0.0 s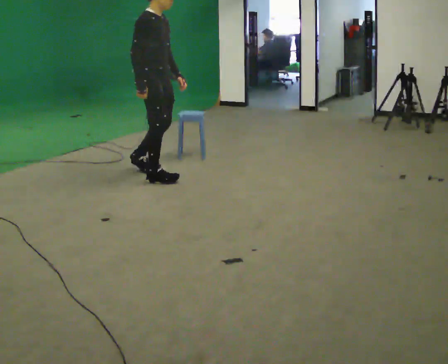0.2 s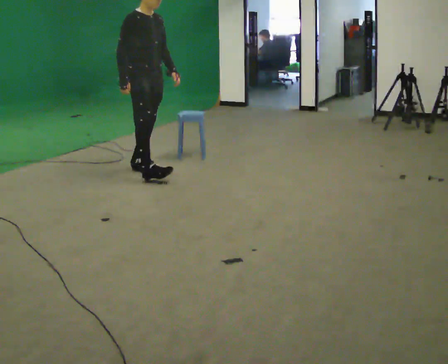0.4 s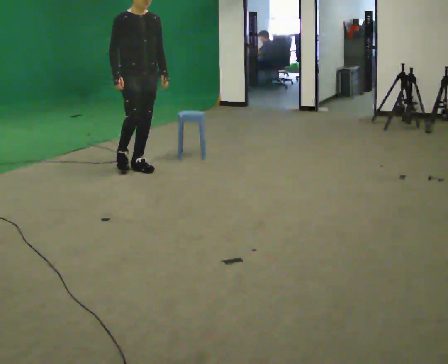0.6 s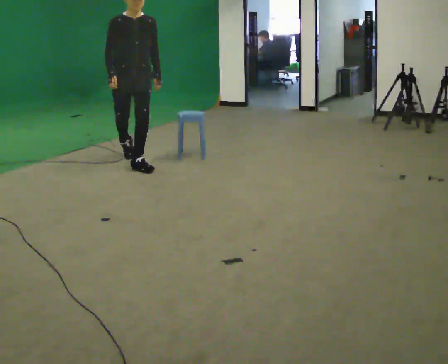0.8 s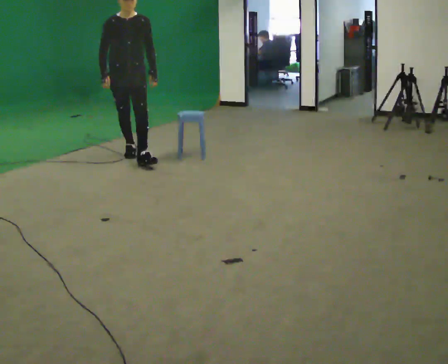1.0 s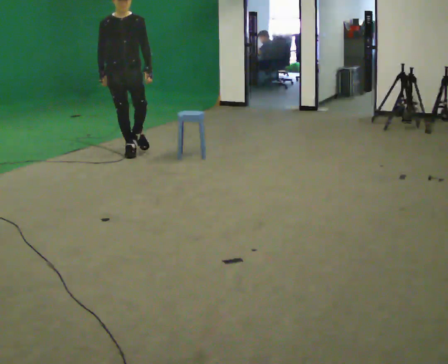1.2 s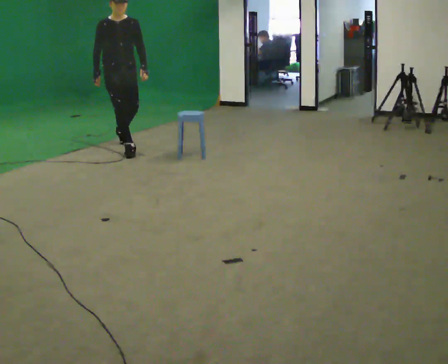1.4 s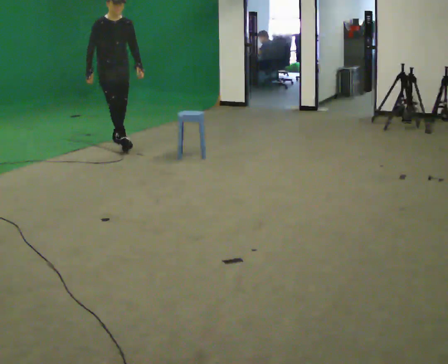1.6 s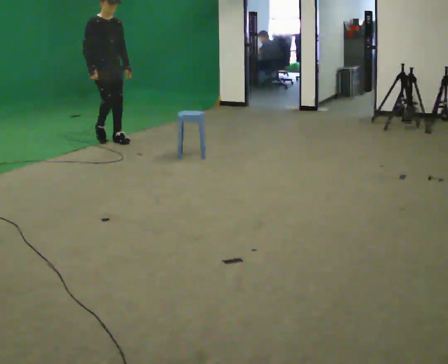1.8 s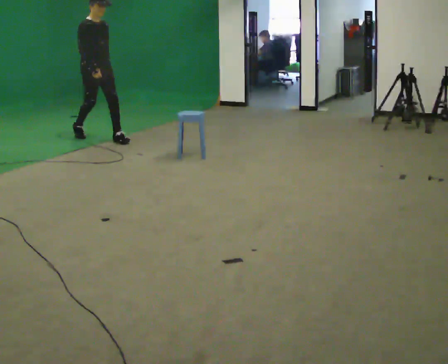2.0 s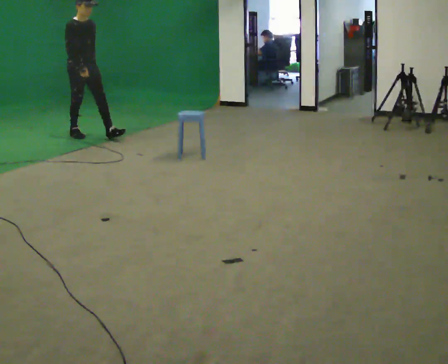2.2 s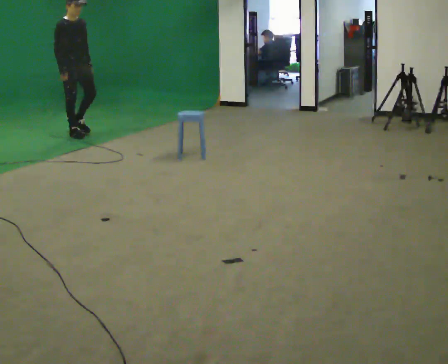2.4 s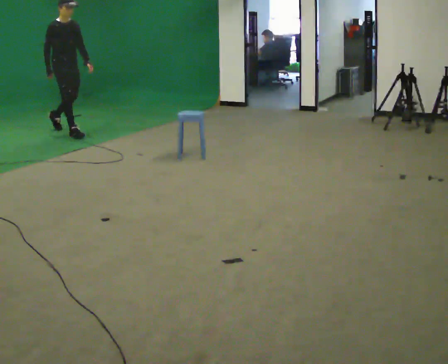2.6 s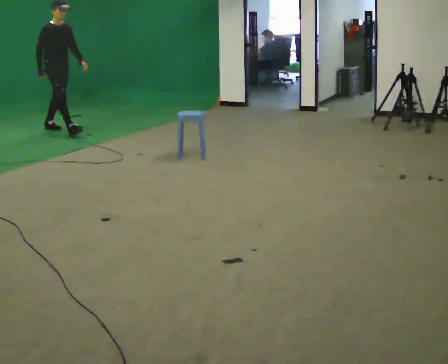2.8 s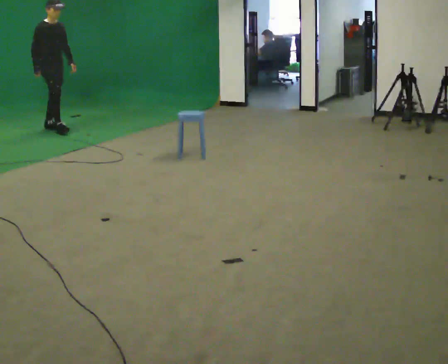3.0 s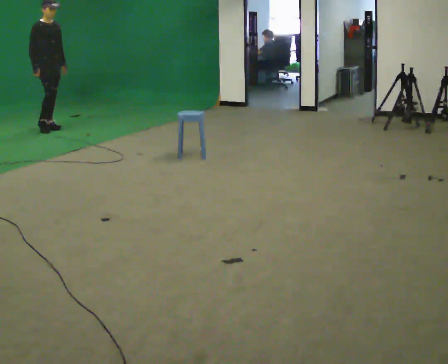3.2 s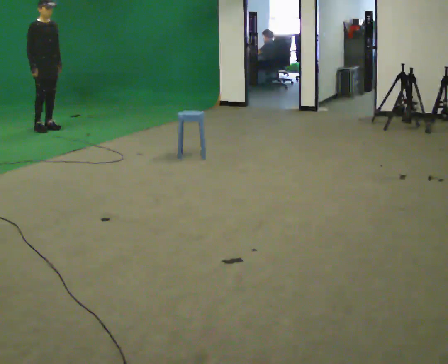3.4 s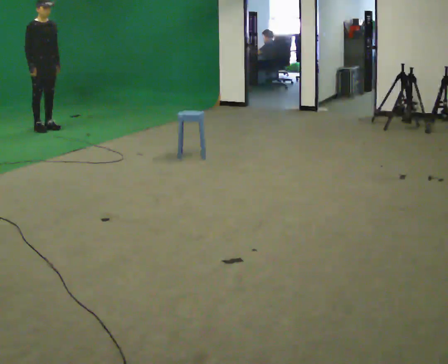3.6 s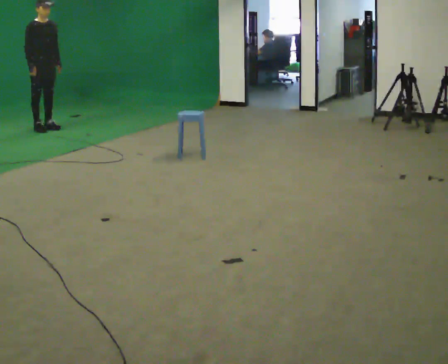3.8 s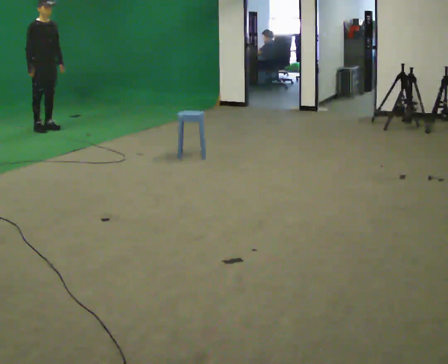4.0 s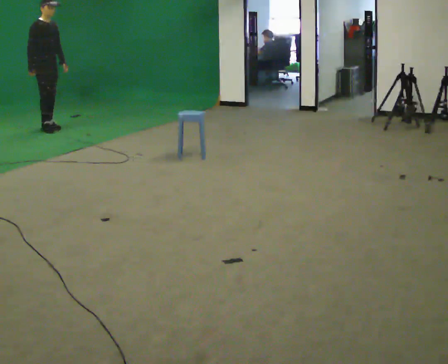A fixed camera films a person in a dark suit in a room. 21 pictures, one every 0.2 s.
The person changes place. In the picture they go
away from the camera.
0.0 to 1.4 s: Seen from above the body turns clockwise, about 45 degrees: to their right, with its near side sliding to the left. In the picture they go away from the camera, about 1.5 m in 3 steps.
1.4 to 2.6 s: The part of the body nearest the lens slides to the right as the person turns to their left by about 30 degrees. In the picture they go away from the camera and to the left, about 1 m in 1 step, which for them is backward.
2.6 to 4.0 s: In the picture they go away from the camera and to the left, about 0.25 m in 2 steps, which for them is backward.
The film runs backward here.
